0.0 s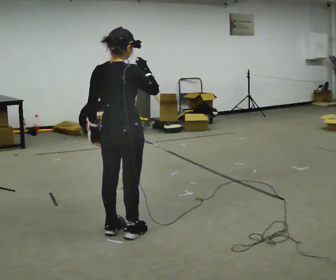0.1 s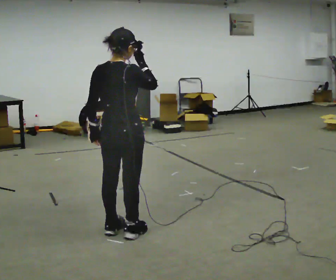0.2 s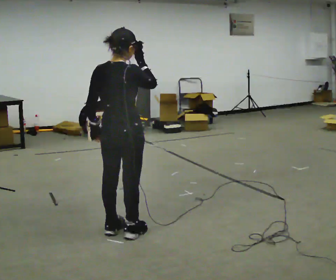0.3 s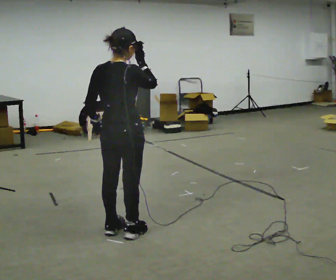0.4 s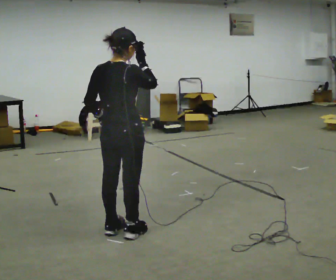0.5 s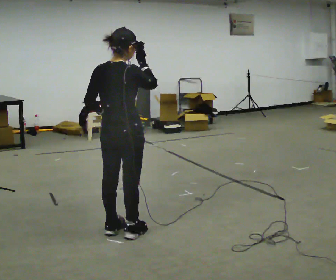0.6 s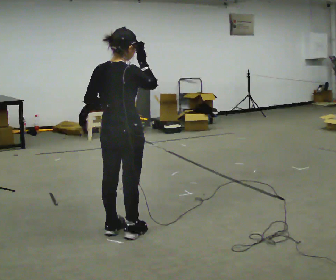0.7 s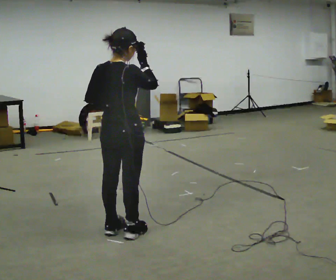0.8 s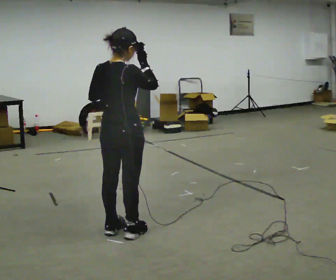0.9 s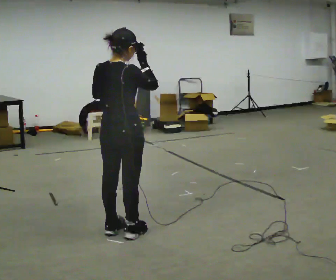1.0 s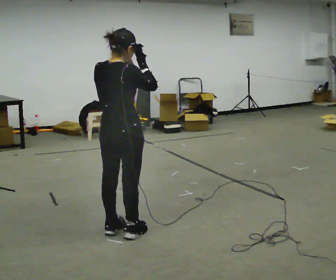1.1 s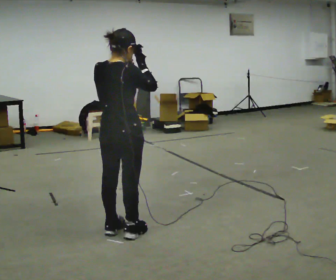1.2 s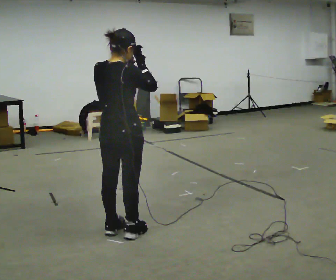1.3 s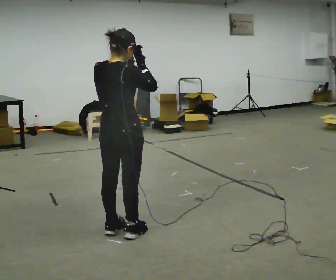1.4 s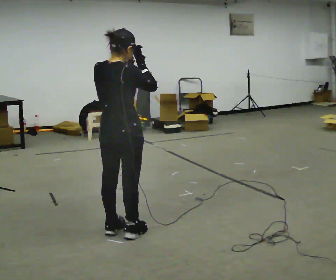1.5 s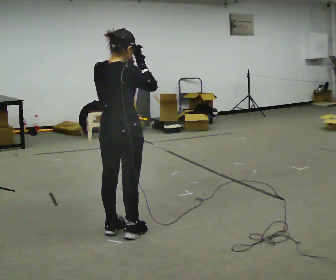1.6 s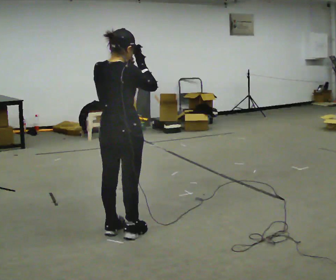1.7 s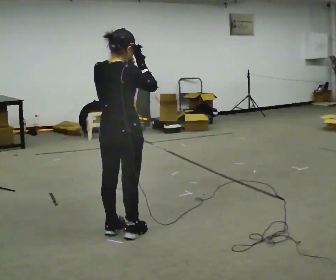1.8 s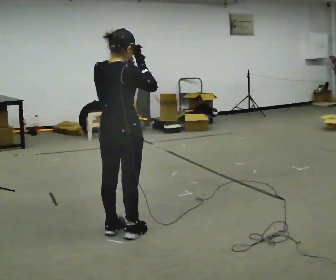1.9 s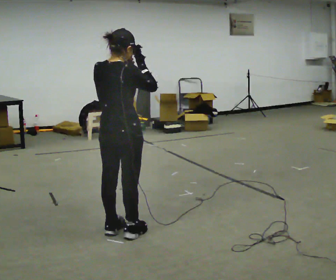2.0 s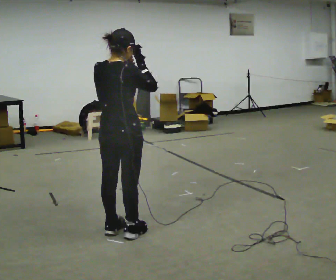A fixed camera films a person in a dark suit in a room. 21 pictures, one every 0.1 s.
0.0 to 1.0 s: In the picture their left hand goes upward.
1.0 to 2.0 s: The person moves a little, or ends about where they began.
The film runs backward here.
